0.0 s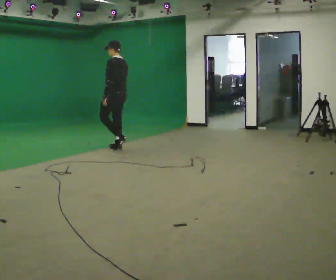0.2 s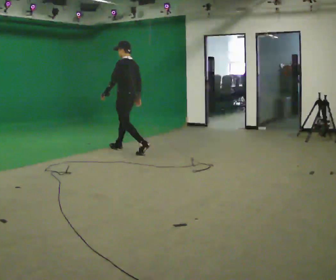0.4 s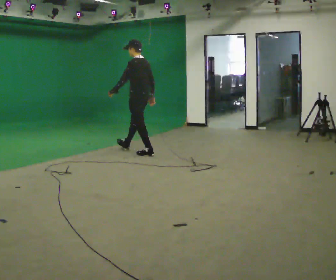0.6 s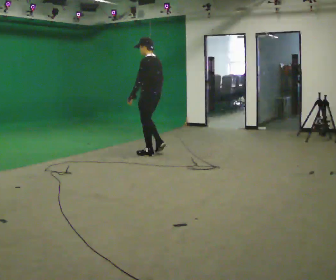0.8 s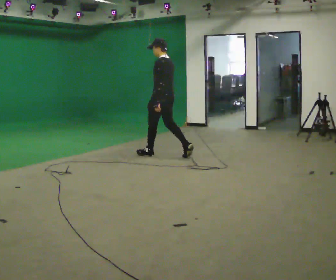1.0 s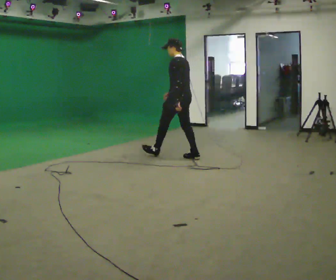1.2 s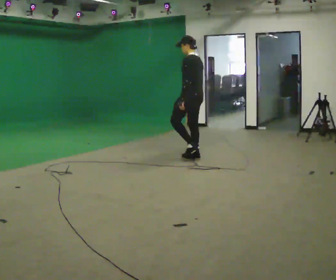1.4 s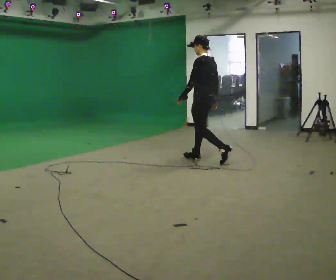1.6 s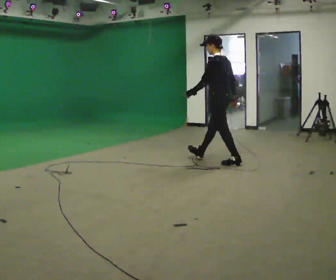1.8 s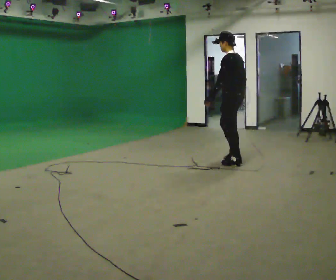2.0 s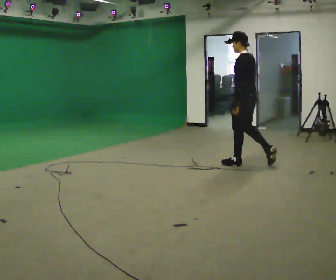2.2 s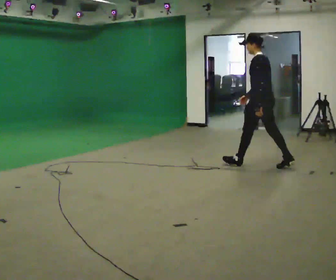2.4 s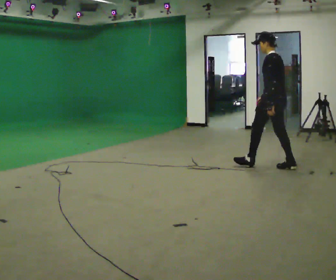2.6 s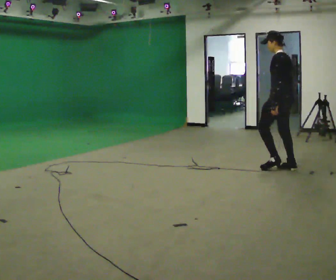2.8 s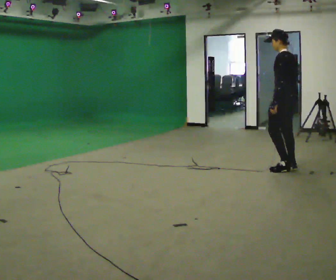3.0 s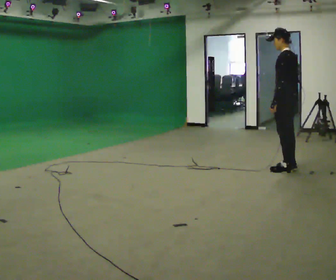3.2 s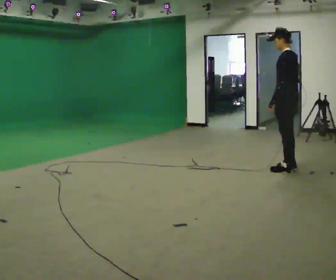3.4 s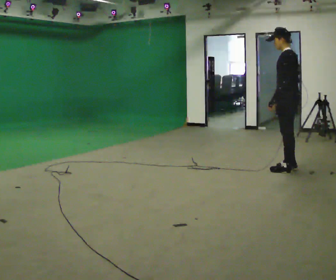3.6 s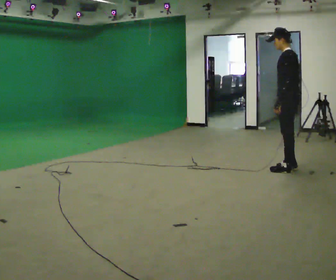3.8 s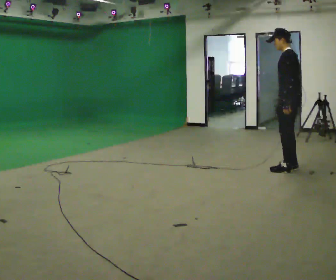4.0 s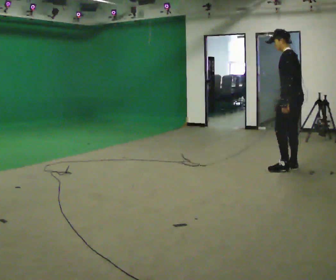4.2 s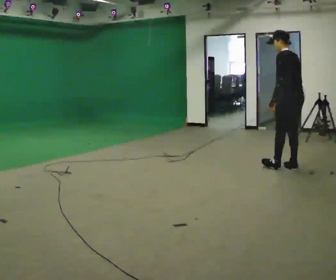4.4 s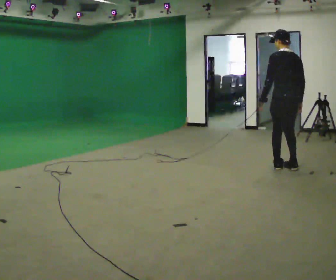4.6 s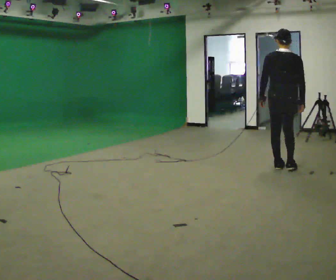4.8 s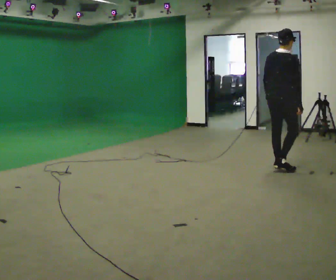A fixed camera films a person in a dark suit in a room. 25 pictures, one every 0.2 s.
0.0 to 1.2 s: In the picture they go to the right, about 1.5 m in 2 steps, which for them is backward.
1.2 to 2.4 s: In the picture they go to the right, about 1 m in 2 steps, which for them is backward.
2.4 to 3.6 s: In the picture they go to the right, about 0.25 m, which for them is backward. In the picture their right hand goes to the right.
3.6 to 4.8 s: Seen from above the body turns clockwise, about 105 degrees: to their right, with its near side sliding to the left.
The film runs backward here.
